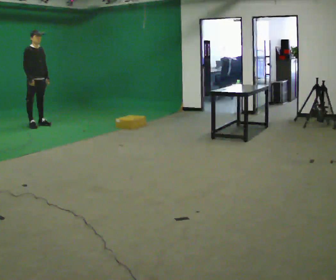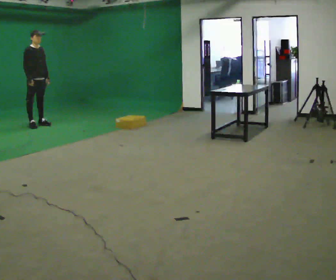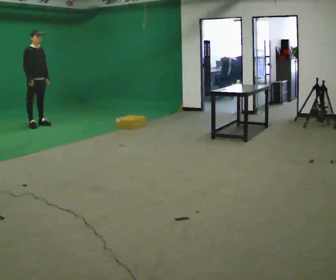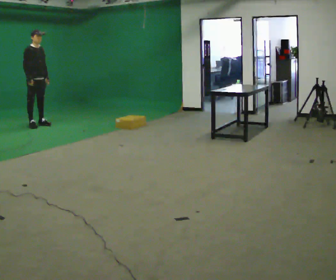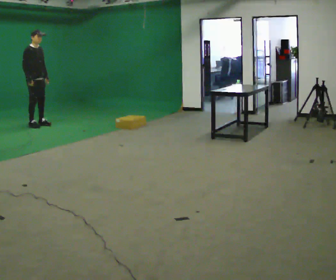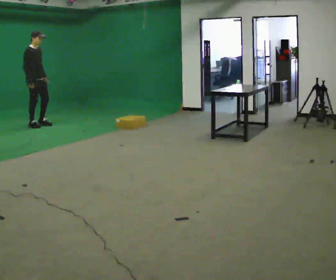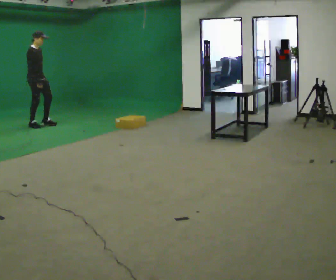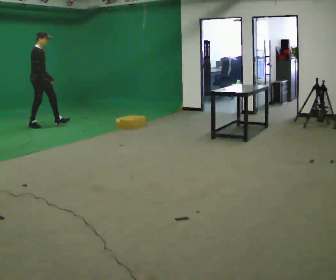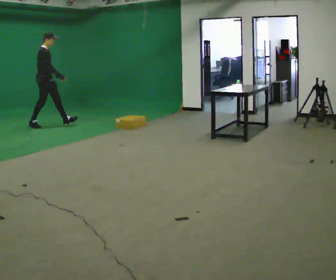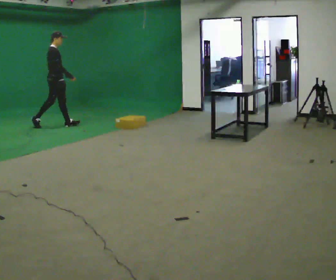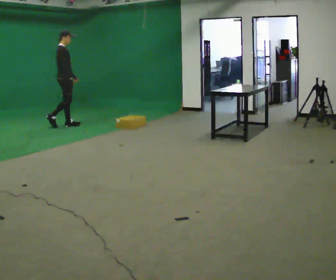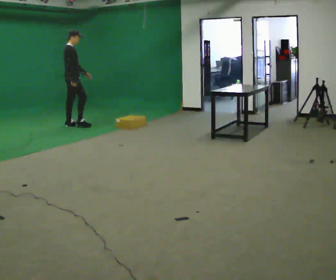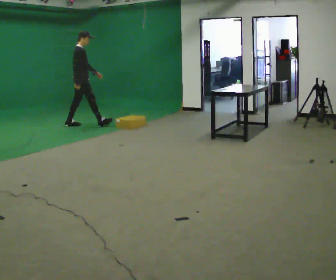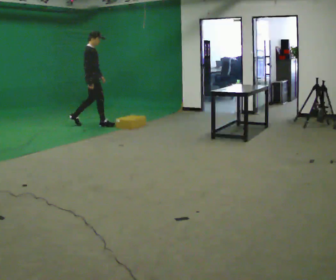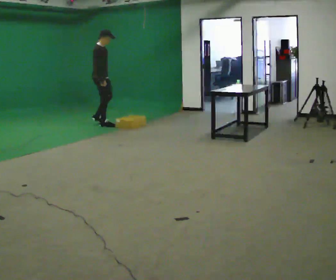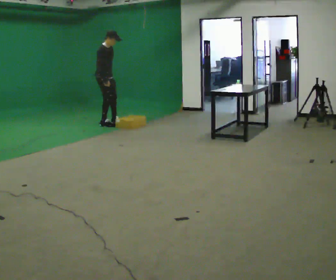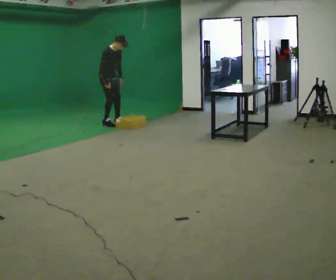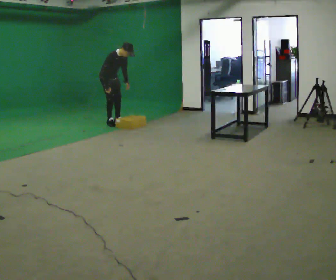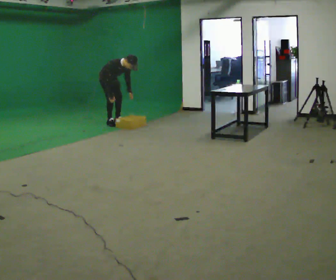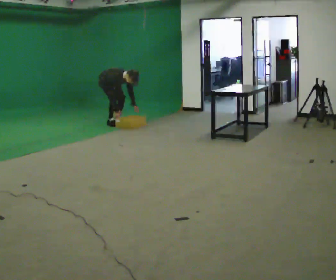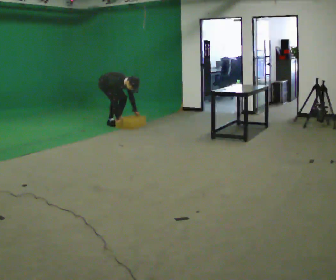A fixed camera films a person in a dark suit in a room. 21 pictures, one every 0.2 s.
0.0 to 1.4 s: Seen from above the body turns counterclockwise, about 30 degrees: to their left, with its near side sliding to the right.
1.4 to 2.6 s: In the picture they go to the right, about 1 m in 2 steps, which for them is forward.
2.6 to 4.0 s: Seen from above the body turns clockwise, about 45 degrees: to their right, with its near side sliding to the left. In the picture they go to the right and away from the camera, about 0.25 m in 2 steps, which for them is to their left. The shoulders move downward. In the picture the upper body tilts clockwise, shoulders to the right, as they bend forward. In the picture their right hand goes downward.
The film runs forward here.
